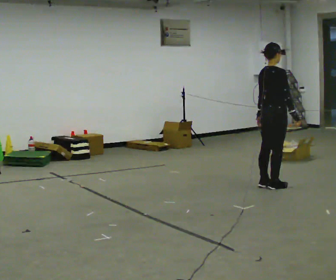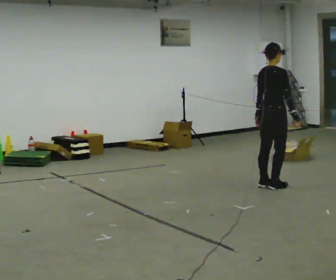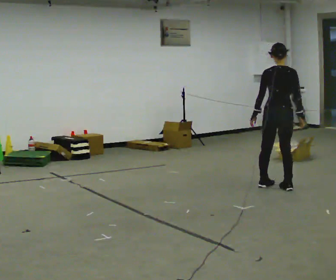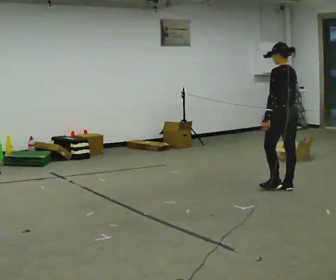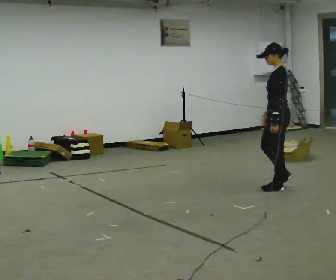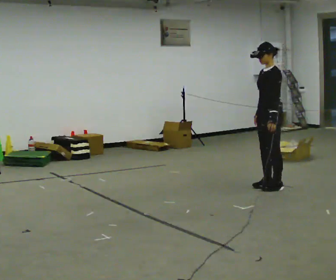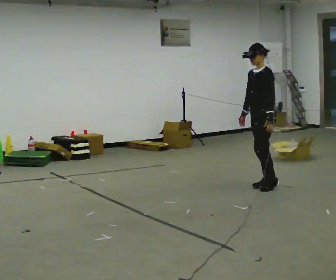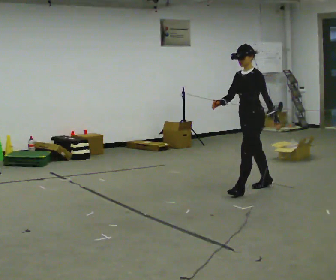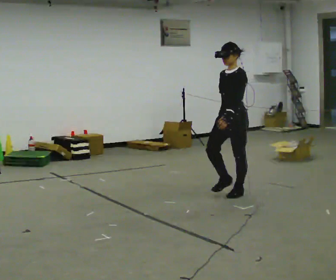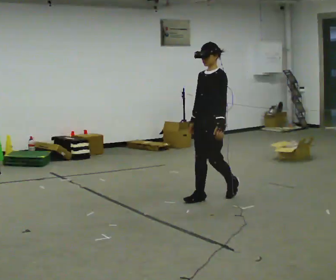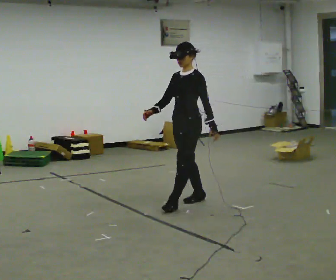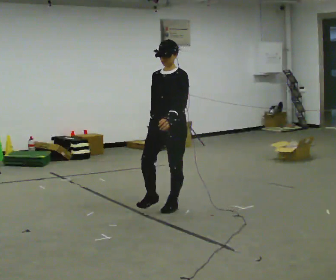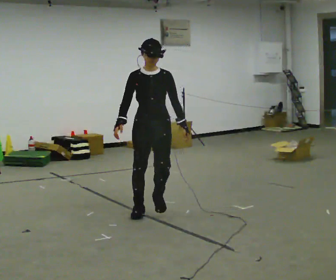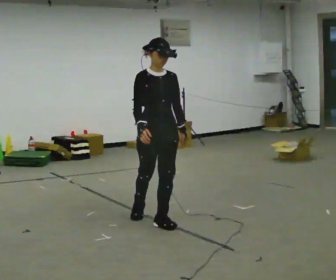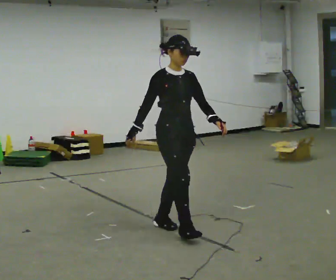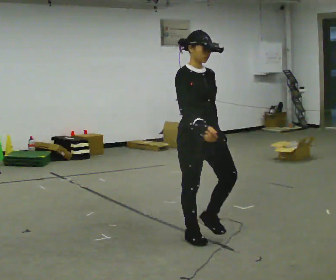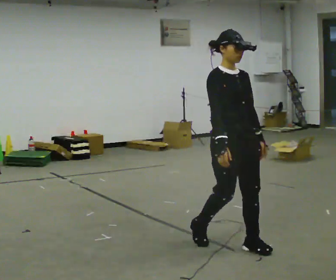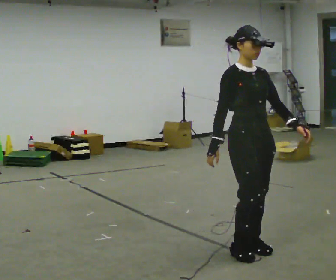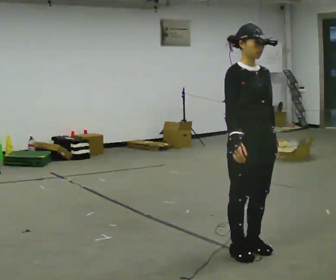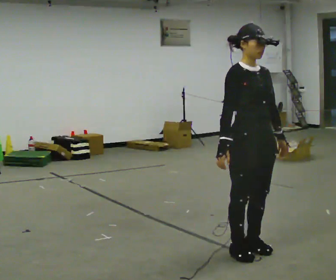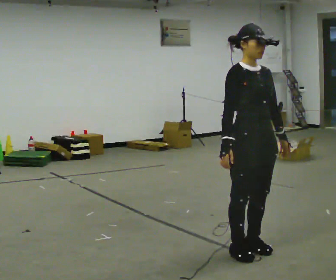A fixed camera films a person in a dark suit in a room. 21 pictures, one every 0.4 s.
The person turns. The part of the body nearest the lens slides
to the right.
The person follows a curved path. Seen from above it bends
counterclockwise.
0.0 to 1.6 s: The person turns about 135 degrees to their left, counterclockwise seen from above, so the part of the body nearest the lens slides to the right.
1.6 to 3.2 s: The person turns about 45 degrees to their left, counterclockwise seen from above, so the part of the body nearest the lens slides to the right. In the picture they go to the left and toward the camera, about 0.5 m in 2 steps, which for them is forward.
3.2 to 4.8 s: The person turns about 60 degrees to their left, counterclockwise seen from above, so the part of the body nearest the lens slides to the right. In the picture they go to the left and toward the camera, about 1 m in 3 steps, which for them is forward.
4.8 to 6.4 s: Seen from above the body turns counterclockwise, about 30 degrees: to their left, with its near side sliding to the right. In the picture they go toward the camera and to the right, about 1 m in 3 steps, which for them is forward.
6.4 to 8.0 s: In the picture they go toward the camera, about 0.25 m in 1 step, which for them is forward.
The film runs forward here.
